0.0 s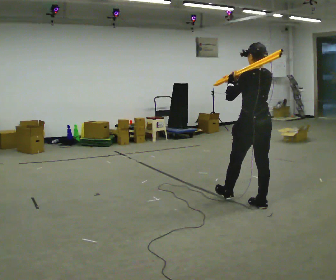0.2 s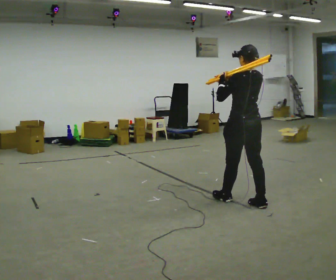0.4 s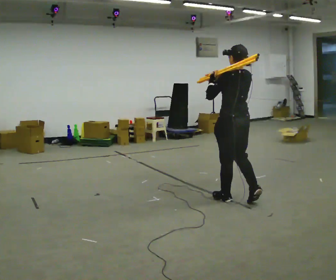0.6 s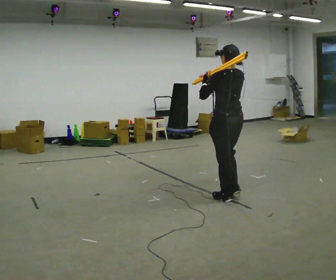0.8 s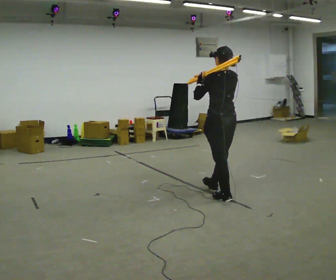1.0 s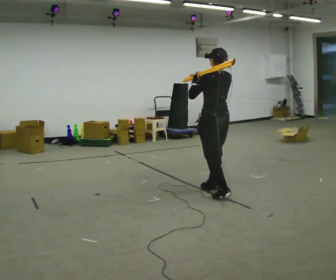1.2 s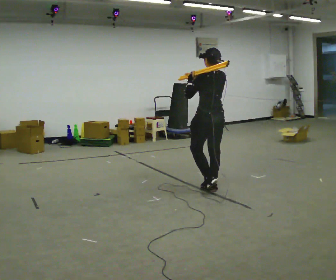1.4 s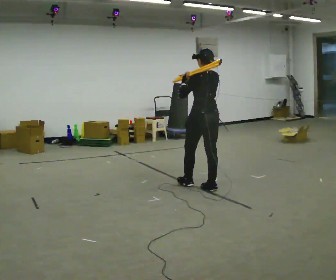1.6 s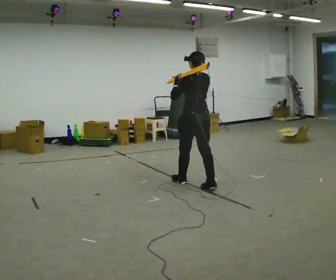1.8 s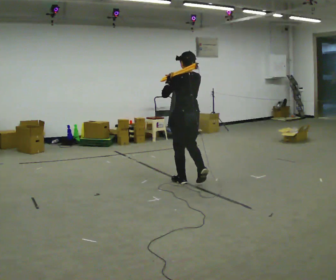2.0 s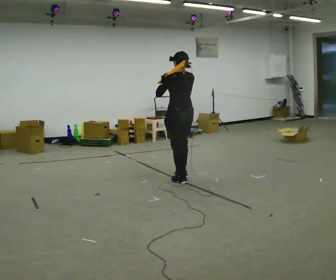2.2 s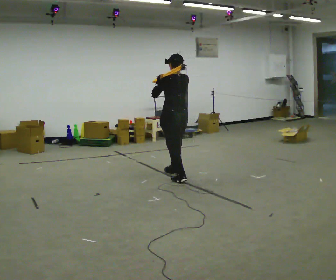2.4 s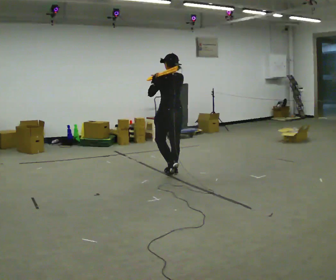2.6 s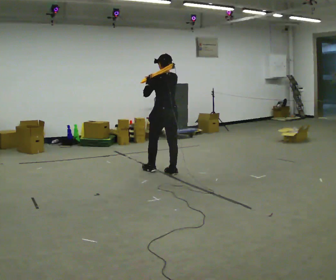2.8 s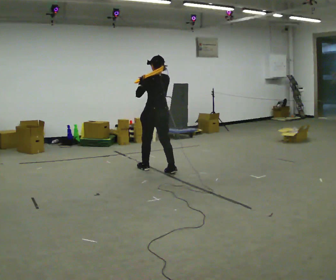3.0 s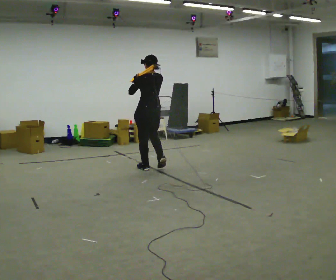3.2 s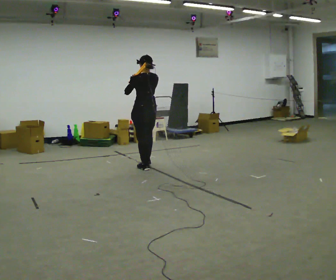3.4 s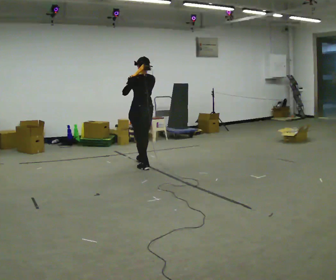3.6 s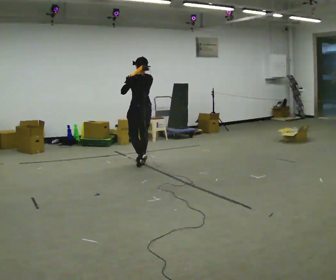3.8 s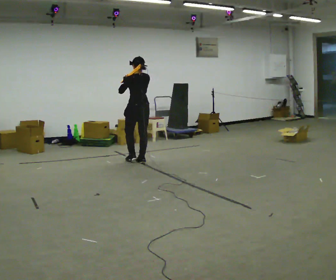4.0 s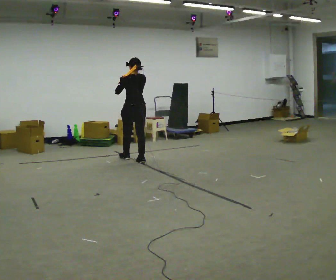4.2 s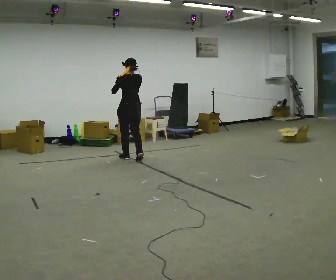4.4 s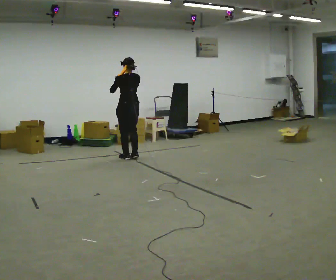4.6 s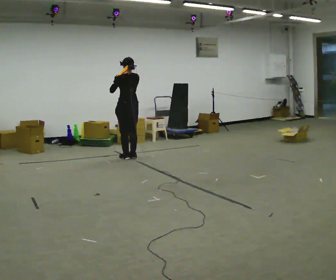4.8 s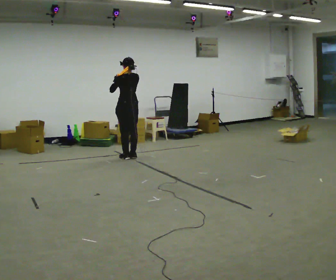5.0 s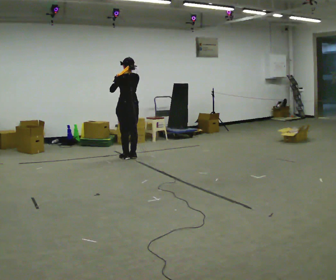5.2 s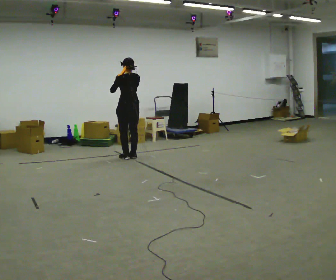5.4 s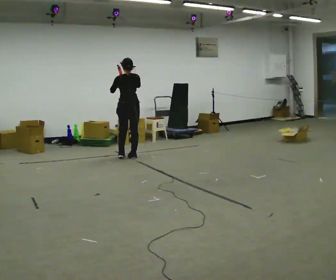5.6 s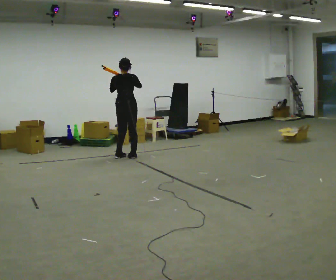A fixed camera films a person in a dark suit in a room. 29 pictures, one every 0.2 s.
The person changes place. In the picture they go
away from the camera.
0.0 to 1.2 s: In the picture they go away from the camera and to the left, about 0.75 m in 2 steps, which for them is forward.
1.2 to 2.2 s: In the picture they go away from the camera and to the left, about 0.5 m in 2 steps, which for them is forward.
2.2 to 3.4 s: In the picture they go away from the camera and to the left, about 1 m in 2 steps, which for them is forward.
3.4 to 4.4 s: In the picture they go away from the camera and to the left, about 0.5 m in 1 step, which for them is forward.
4.4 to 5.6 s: The person turns about 30 degrees to their right, clockwise seen from above, so the part of the body nearest the lens slides to the left.
The film runs forward here.
